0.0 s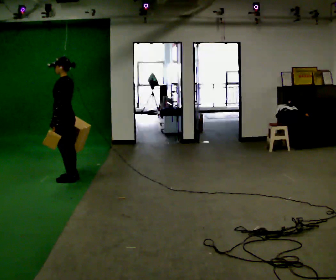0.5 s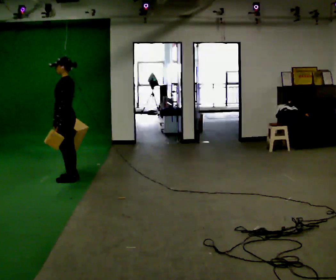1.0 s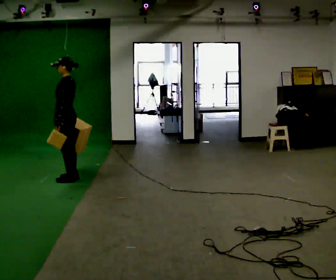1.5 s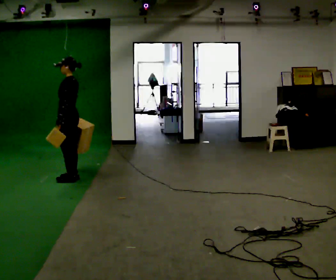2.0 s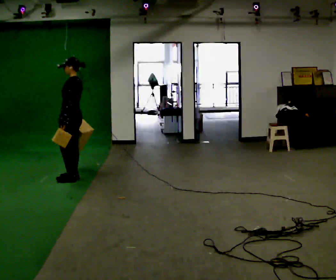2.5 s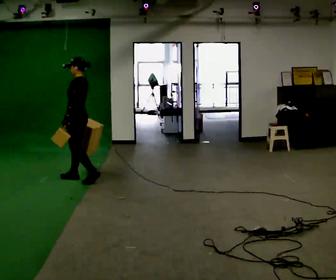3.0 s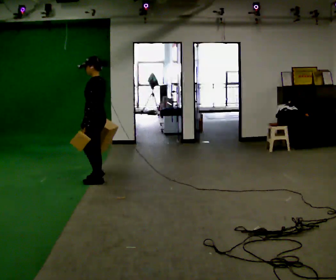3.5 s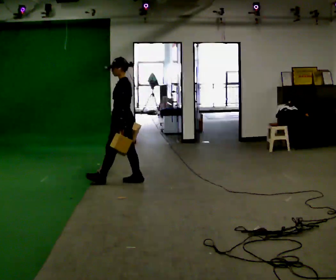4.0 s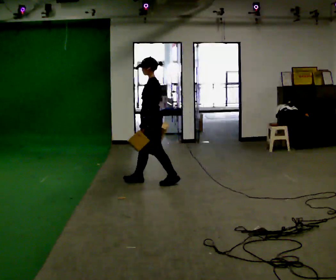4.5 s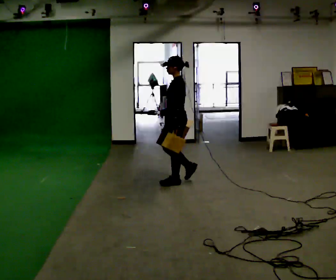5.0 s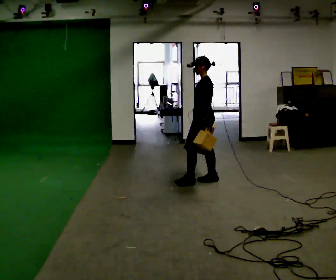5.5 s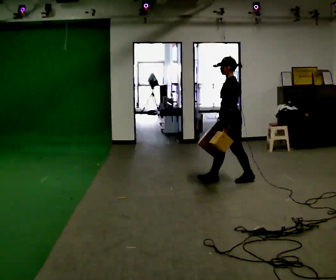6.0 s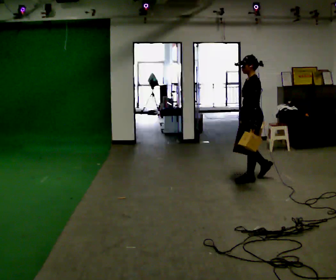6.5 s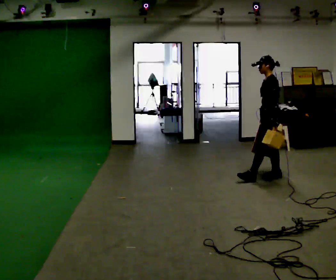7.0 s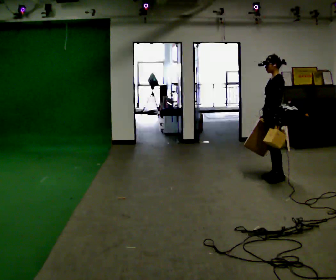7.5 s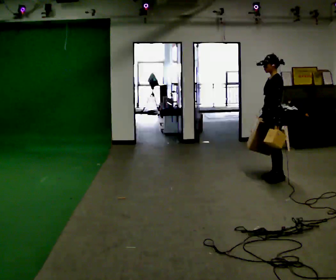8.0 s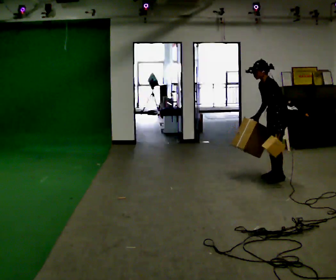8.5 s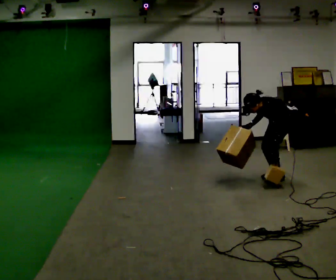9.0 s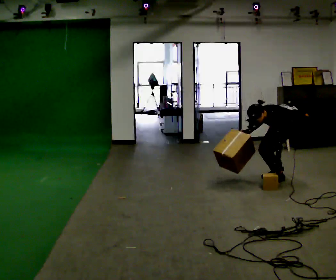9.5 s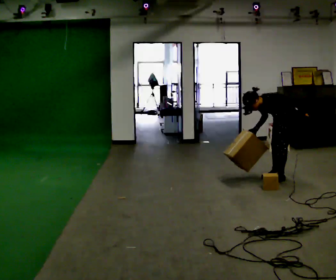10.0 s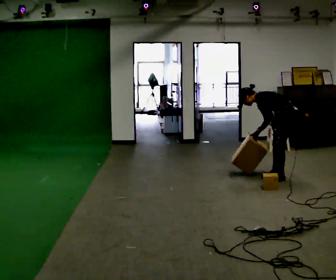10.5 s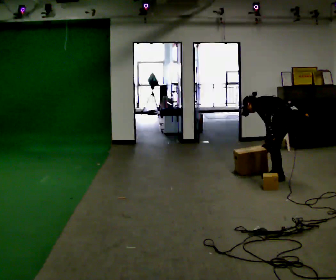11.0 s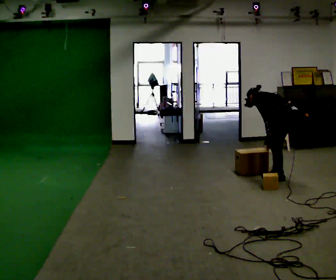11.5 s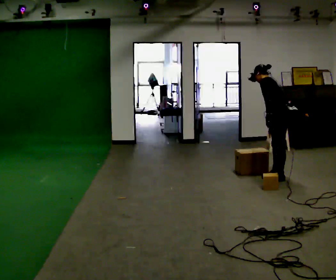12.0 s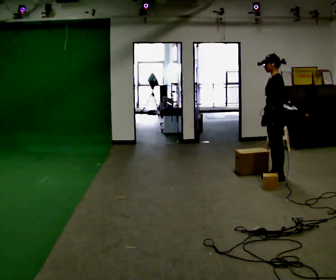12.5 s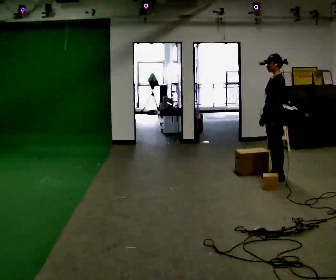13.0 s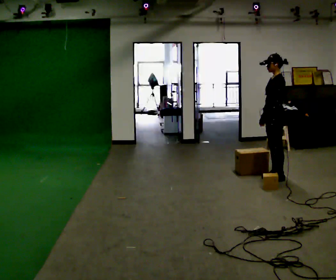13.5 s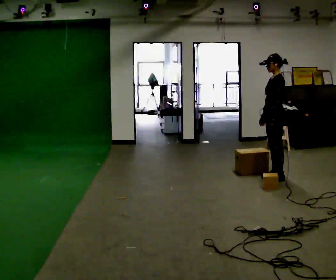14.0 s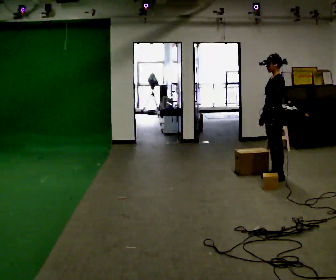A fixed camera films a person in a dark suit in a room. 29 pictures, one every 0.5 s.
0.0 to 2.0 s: The person moves a little, or ends about where they began.
2.0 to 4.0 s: In the picture they go to the right, about 1 m in 3 steps, which for them is backward.
4.0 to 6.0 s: In the picture they go to the right, about 1 m in 3 steps, which for them is backward.
6.0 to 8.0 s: In the picture they go to the right, about 0.25 m in 1 step, which for them is backward.
8.0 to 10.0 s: In the picture the upper body tilts counterclockwise, shoulders to the left, as they bend forward.
10.0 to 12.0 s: In the picture the upper body tilts clockwise, shoulders to the right, as they lean back or straighten.
12.0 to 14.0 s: The person keeps their place and pose.
The film runs backward here.
